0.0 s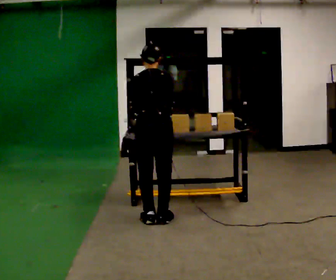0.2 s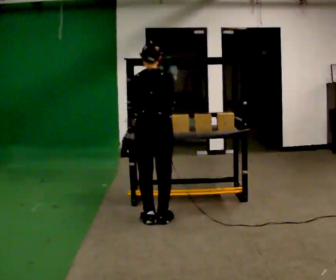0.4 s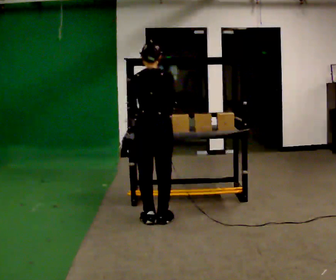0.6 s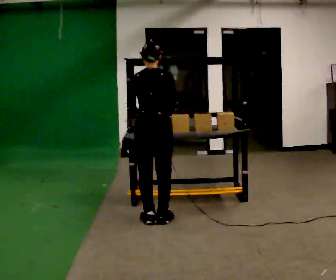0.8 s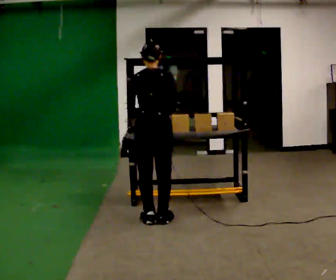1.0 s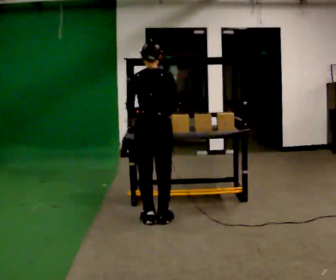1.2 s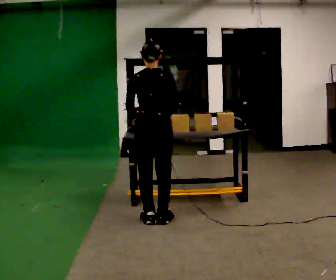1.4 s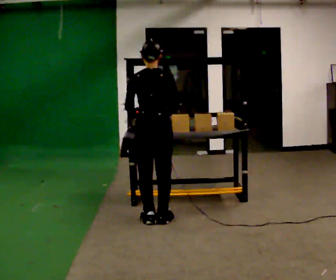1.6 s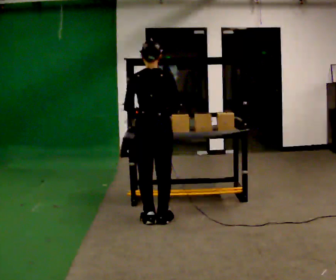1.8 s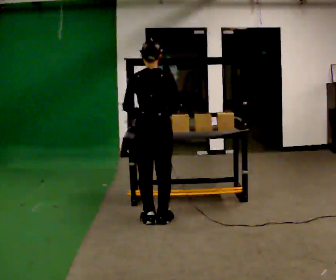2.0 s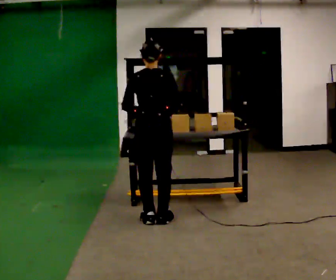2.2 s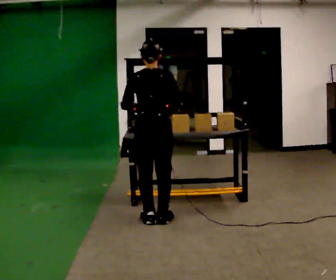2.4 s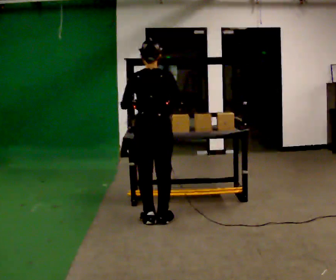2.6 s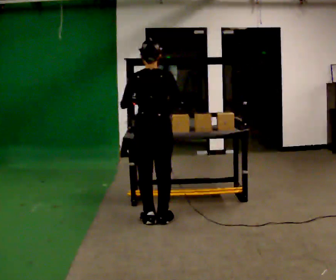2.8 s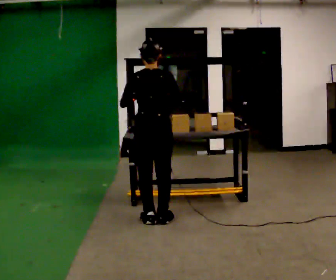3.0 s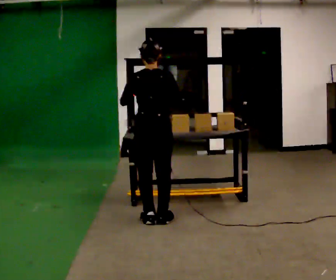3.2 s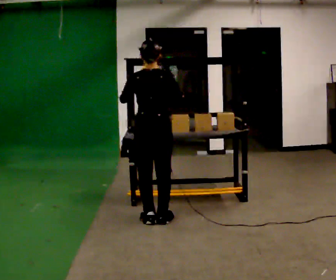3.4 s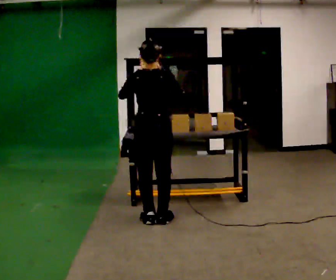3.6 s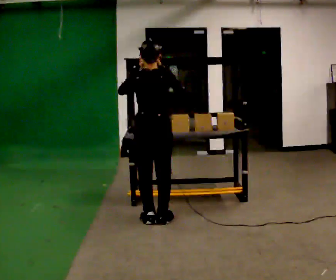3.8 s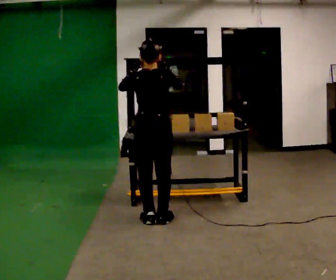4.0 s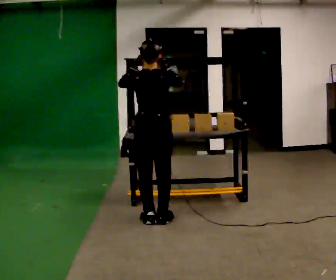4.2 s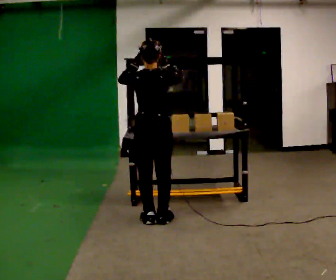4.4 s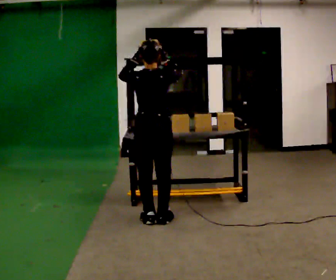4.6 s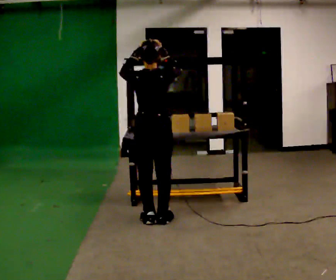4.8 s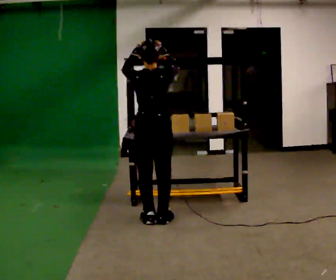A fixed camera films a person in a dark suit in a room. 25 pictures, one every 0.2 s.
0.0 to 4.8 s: The upper body tips toward the camera, its near side rolling downward, as they lean back or straighten. In the picture their left hand goes upward.
The film runs backward here.
